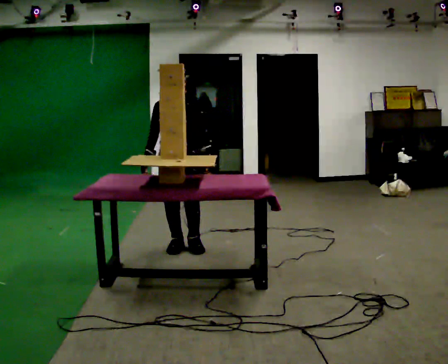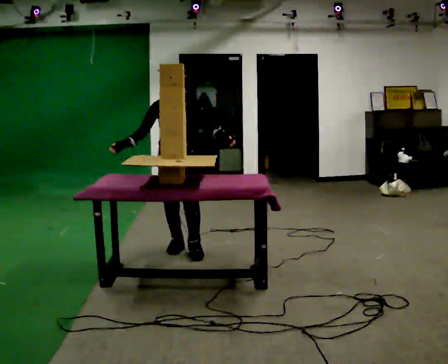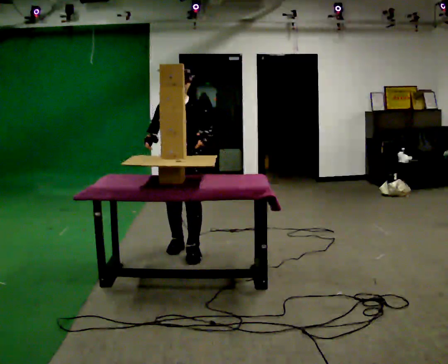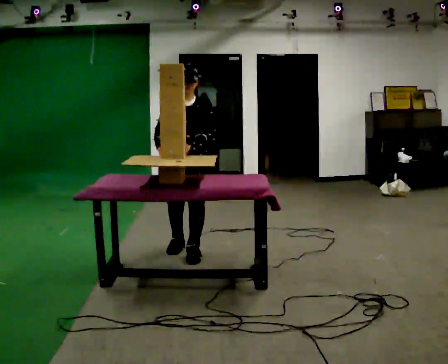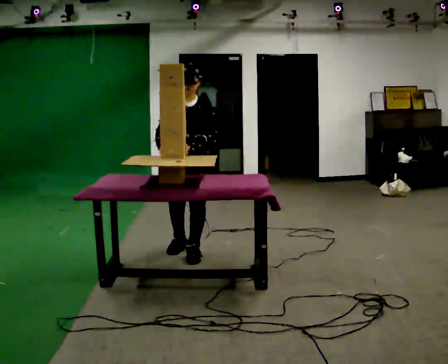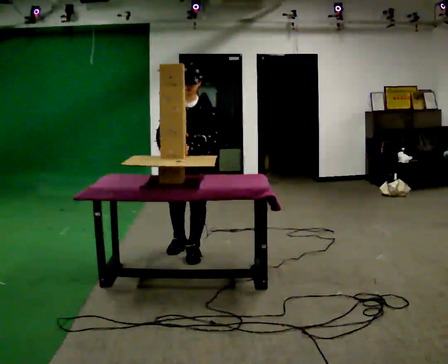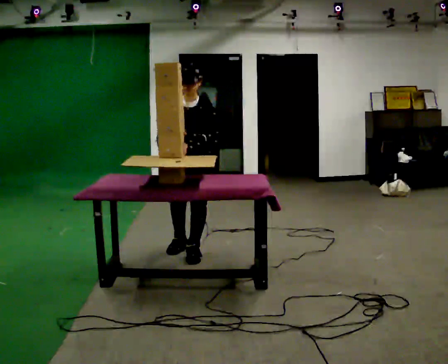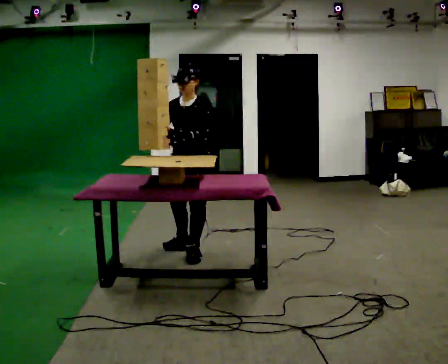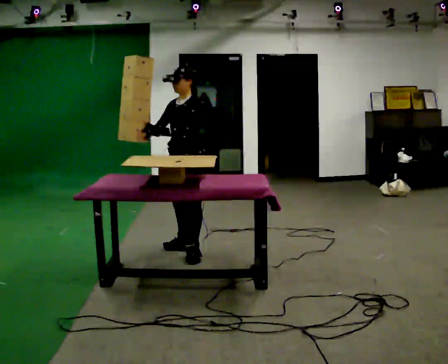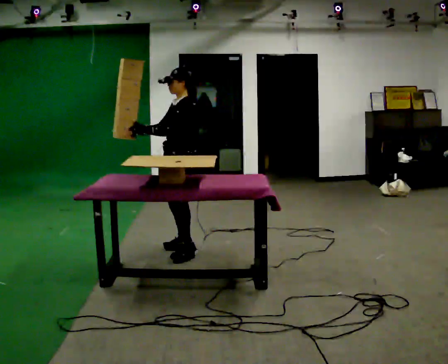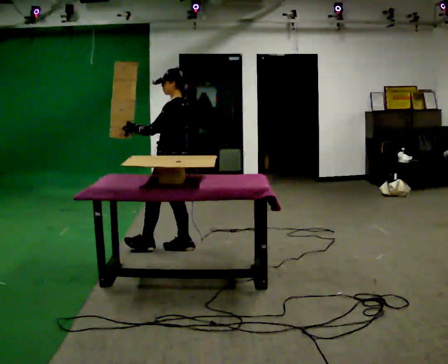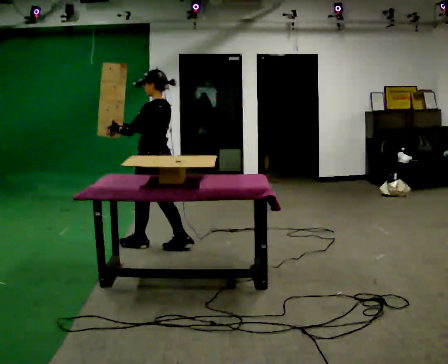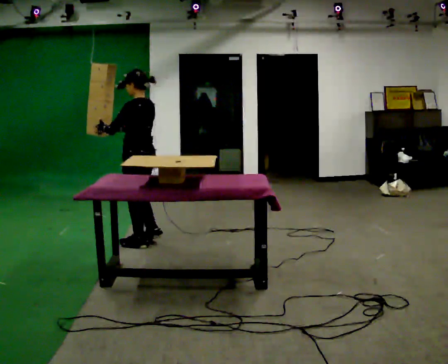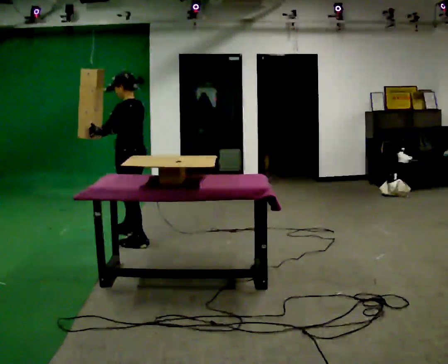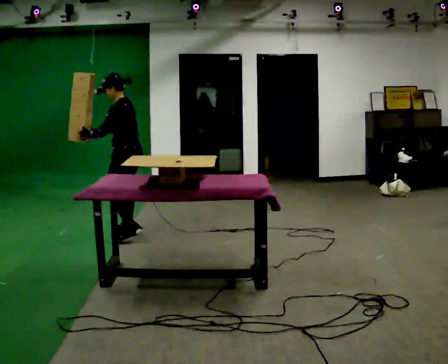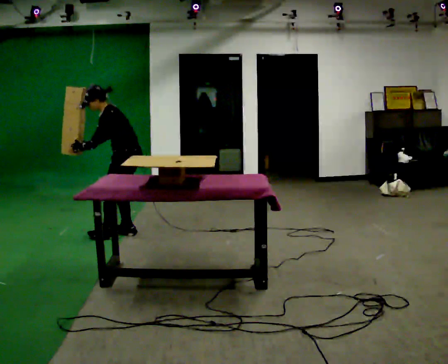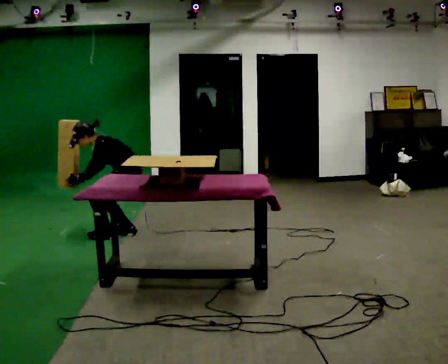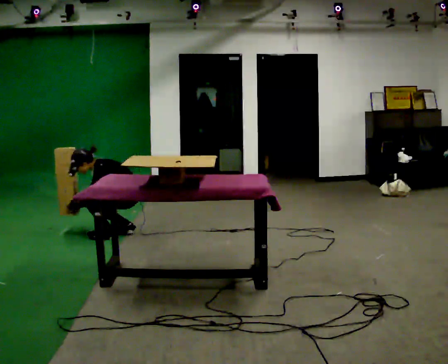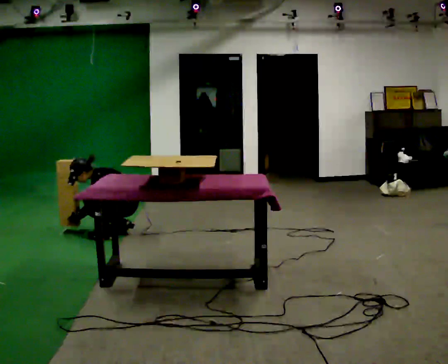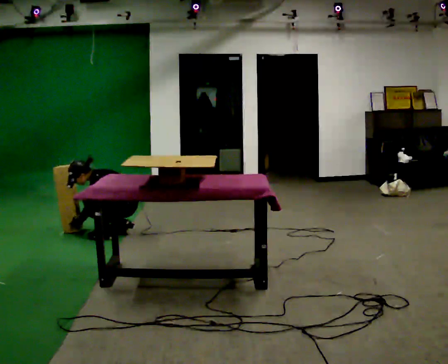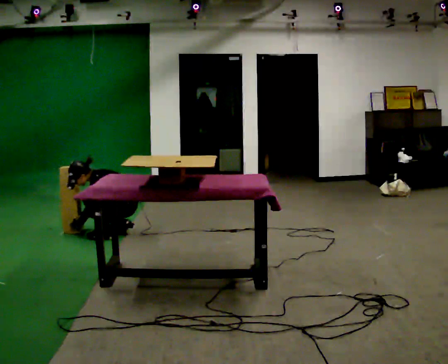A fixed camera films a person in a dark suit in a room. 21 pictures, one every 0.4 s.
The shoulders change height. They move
downward.
0.0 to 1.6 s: In the picture they go toward the camera, about 0.25 m in 1 step, which for them is forward and to their left.
1.6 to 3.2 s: Seen from above the body turns clockwise, about 45 degrees: to their right, with its near side sliding to the left.
3.2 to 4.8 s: The part of the body nearest the lens slides to the left as the person turns to their right by about 60 degrees. In the picture they go to the left and away from the camera, about 0.5 m in 1 step.
4.8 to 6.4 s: The part of the body nearest the lens slides to the right as the person turns to their left by about 30 degrees. In the picture they go away from the camera, about 0.5 m in 2 steps, which for them is to their right and forward. The shoulders move downward. In the picture the upper body tilts counterclockwise, shoulders to the left, as they bend forward. In the picture their left hand goes downward.
6.4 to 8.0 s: The upper body goes downward. In the picture their left hand goes downward.
The film runs forward here.
